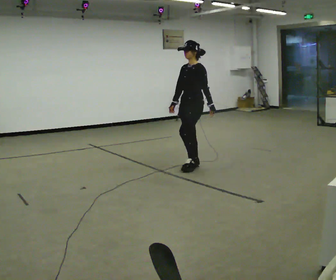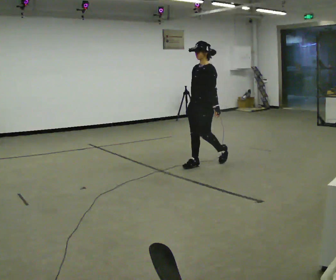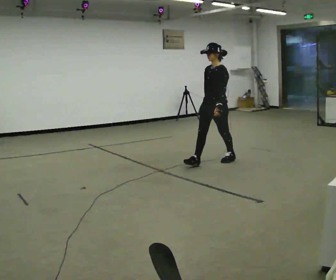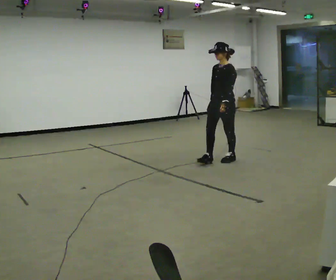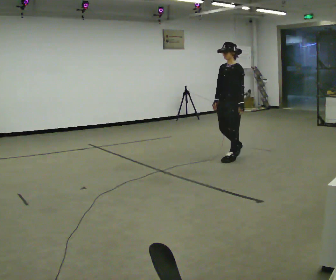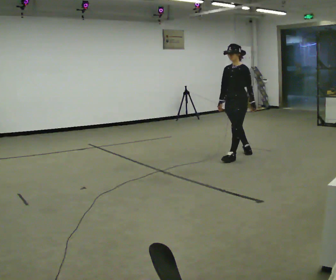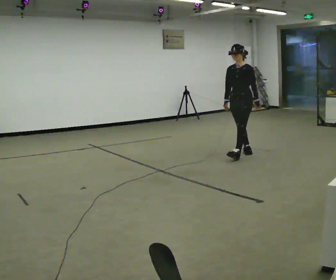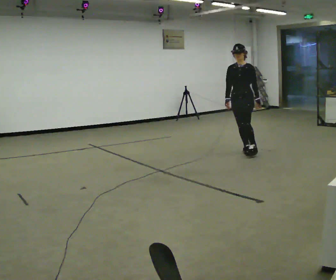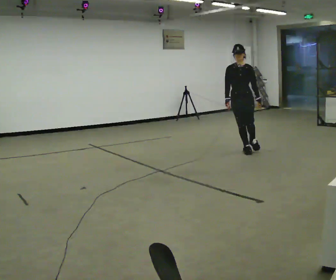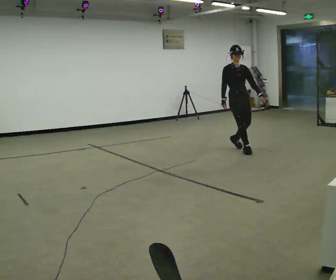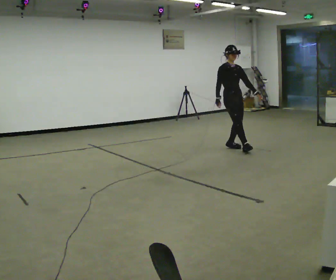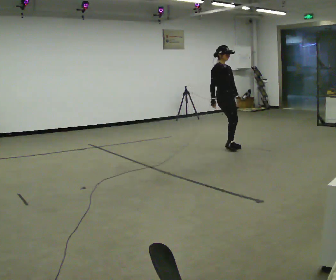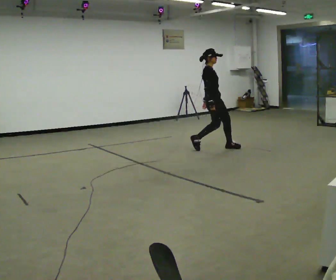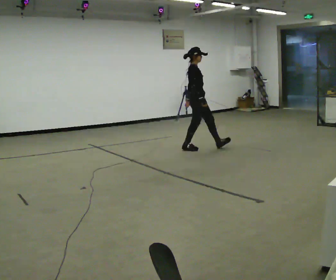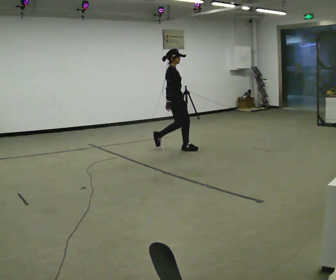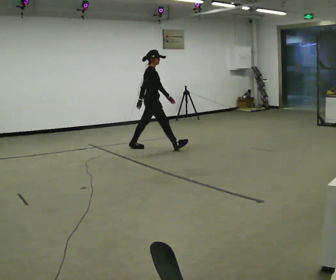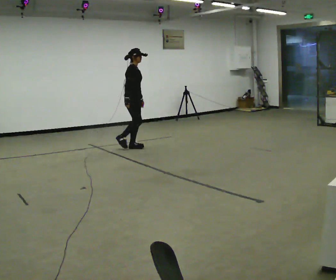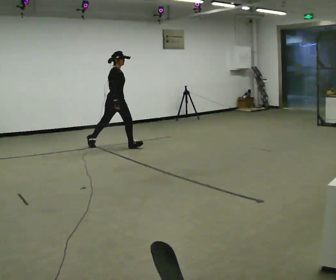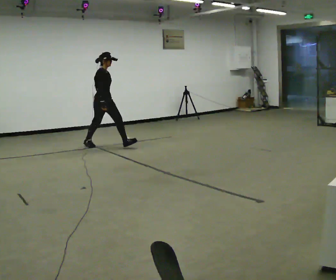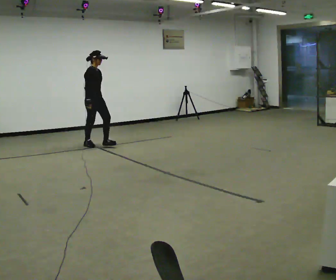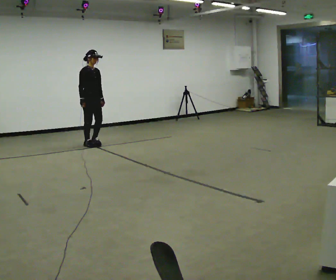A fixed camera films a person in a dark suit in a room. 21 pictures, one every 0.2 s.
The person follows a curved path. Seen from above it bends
counterclockwise.
0.0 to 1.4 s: Seen from above the body turns counterclockwise, about 30 degrees: to their left, with its near side sliding to the right. In the picture they go away from the camera and to the right, about 1 m in 2 steps, which for them is backward.
1.4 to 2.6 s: Seen from above the body turns counterclockwise, about 105 degrees: to their left, with its near side sliding to the right. In the picture they go to the left and away from the camera, about 0.5 m in 2 steps.
2.6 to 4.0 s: In the picture they go to the left, about 2 m in 2 steps, which for them is backward.
The film runs backward here.
